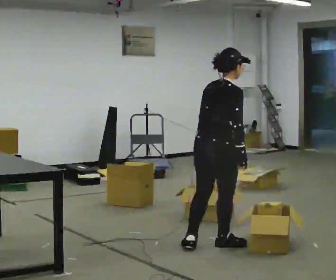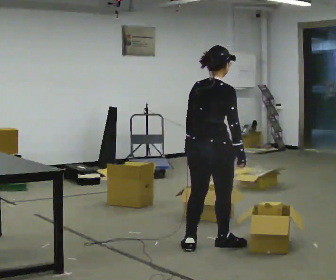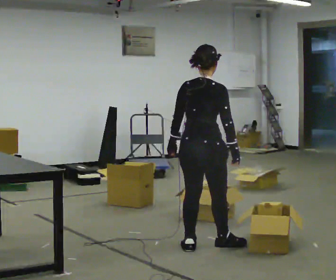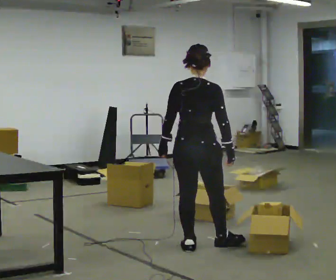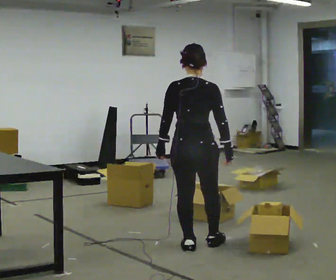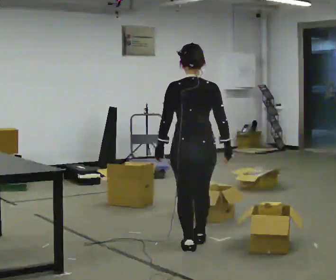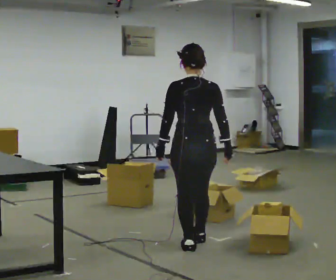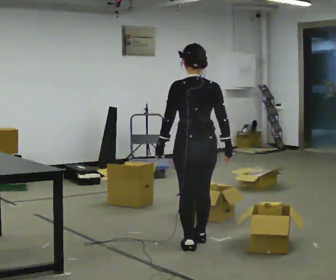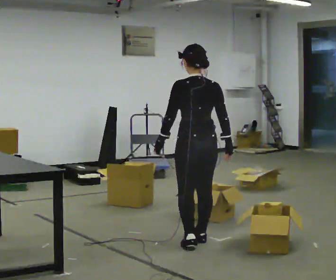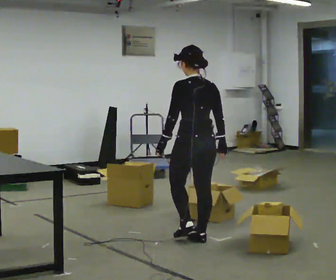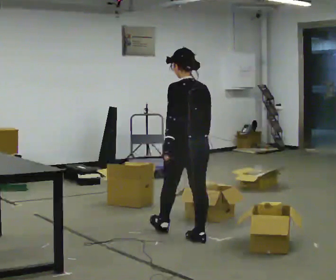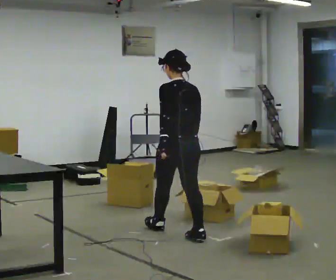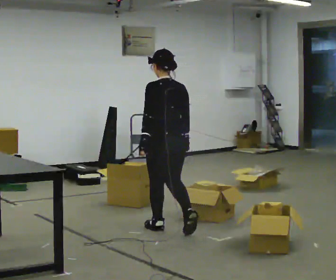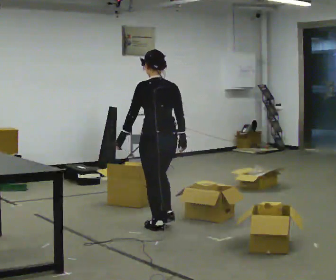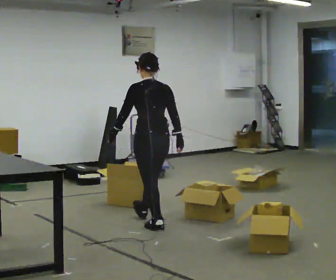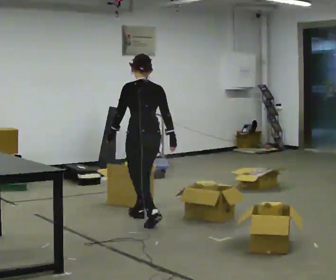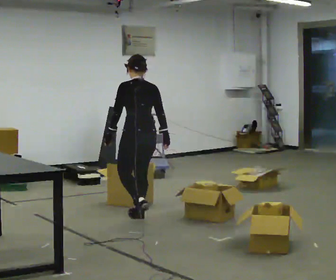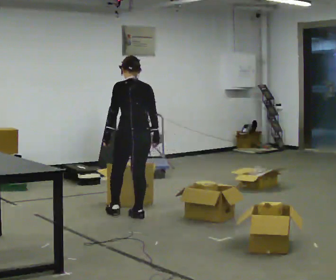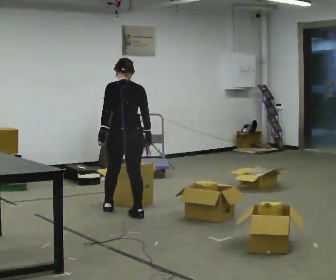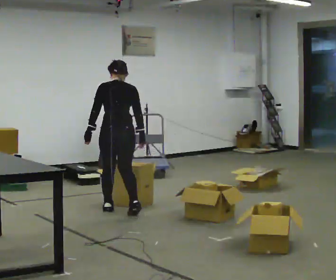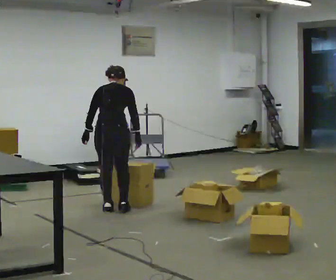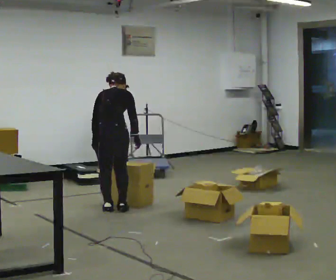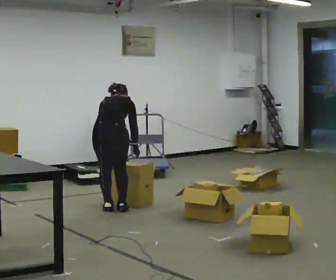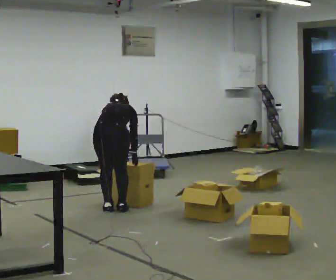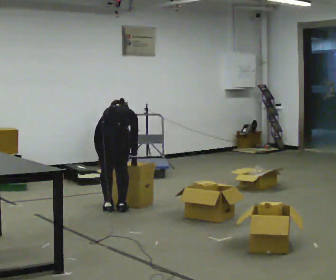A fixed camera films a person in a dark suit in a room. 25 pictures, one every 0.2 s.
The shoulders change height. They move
downward.
The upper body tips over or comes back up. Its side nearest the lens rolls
upward.
0.0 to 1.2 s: The part of the body nearest the lens slides to the right as the person turns to their left by about 45 degrees. In the picture their left hand goes to the left.
1.2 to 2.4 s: The part of the body nearest the lens slides to the right as the person turns to their left by about 30 degrees. In the picture they go away from the camera, about 0.5 m in 1 step, which for them is forward.
2.4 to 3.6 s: In the picture they go away from the camera and to the left, about 1 m in 2 steps, which for them is forward.
3.6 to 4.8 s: The shoulders move downward. The upper body tips away from the camera, its near side rolling upward, as they bend forward. In the picture their left hand goes downward.
The film runs forward here.
